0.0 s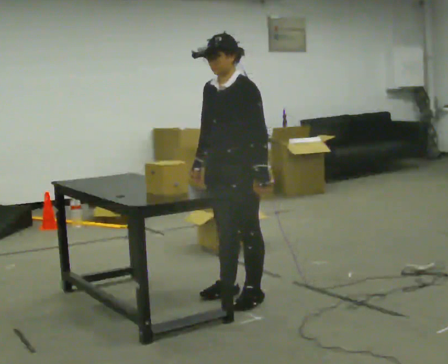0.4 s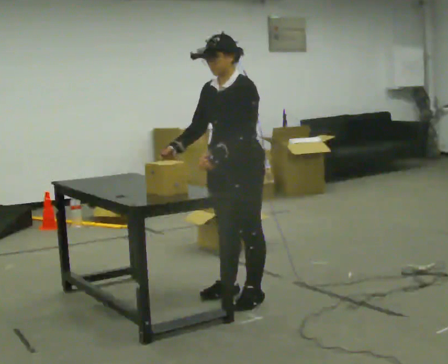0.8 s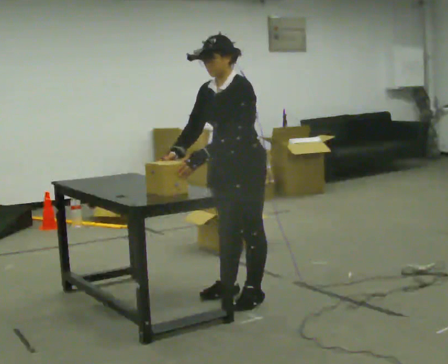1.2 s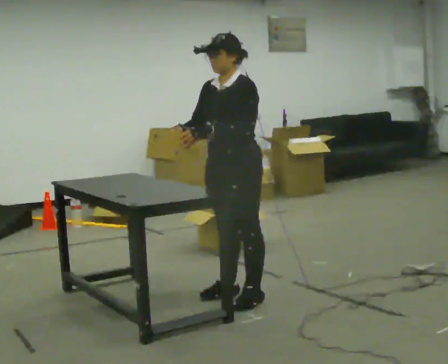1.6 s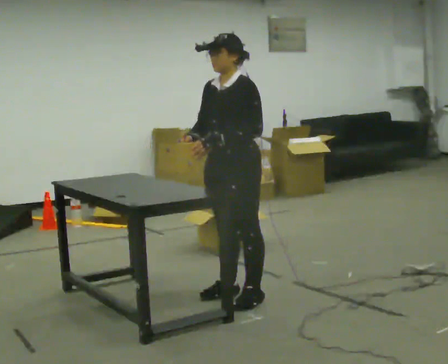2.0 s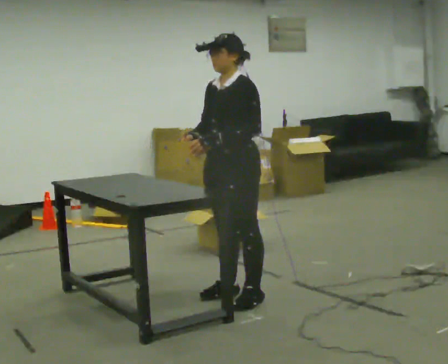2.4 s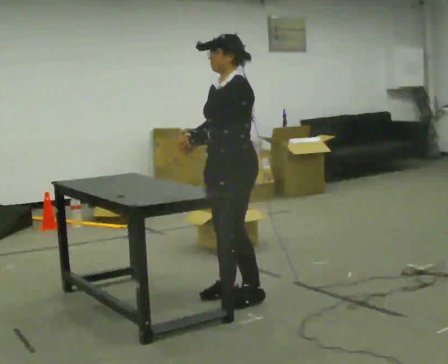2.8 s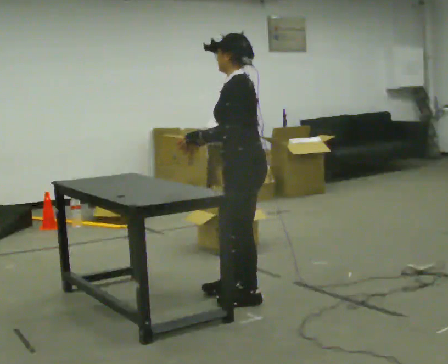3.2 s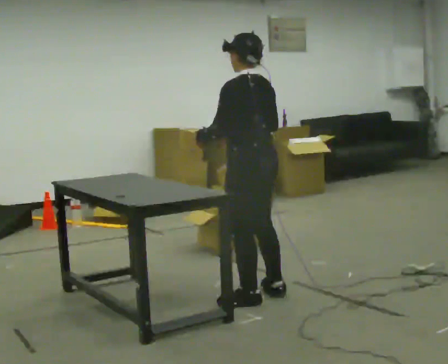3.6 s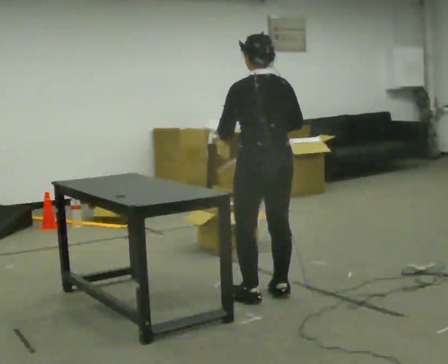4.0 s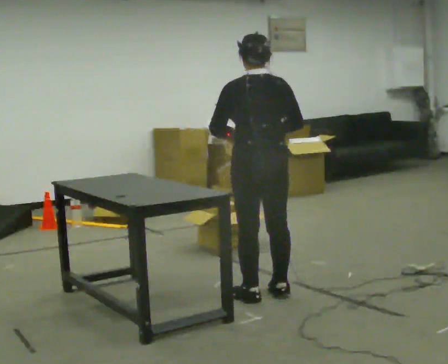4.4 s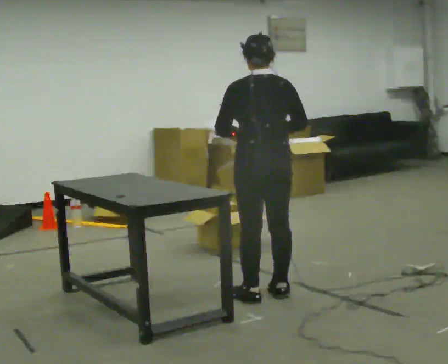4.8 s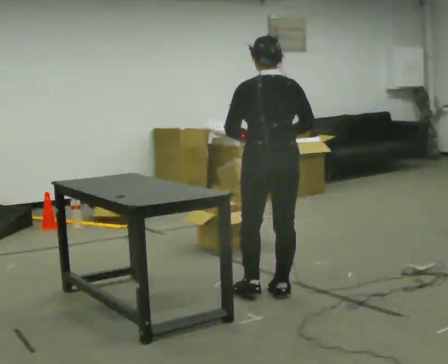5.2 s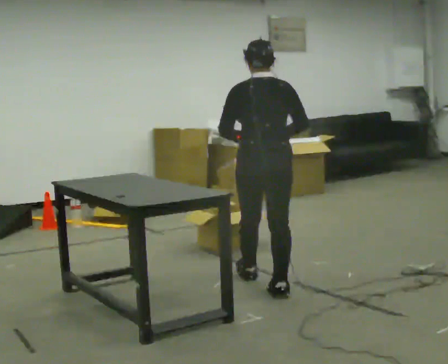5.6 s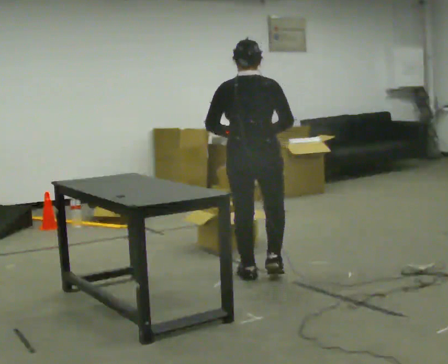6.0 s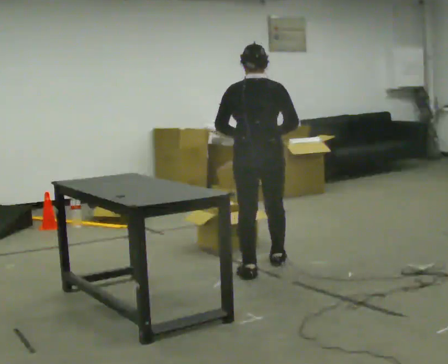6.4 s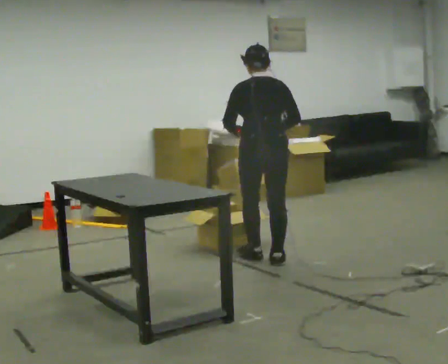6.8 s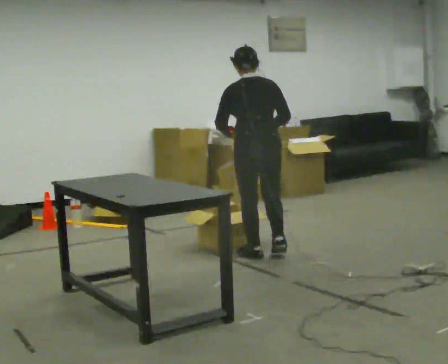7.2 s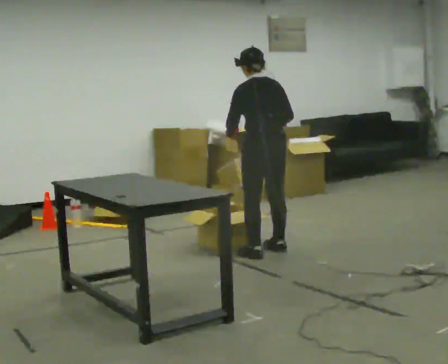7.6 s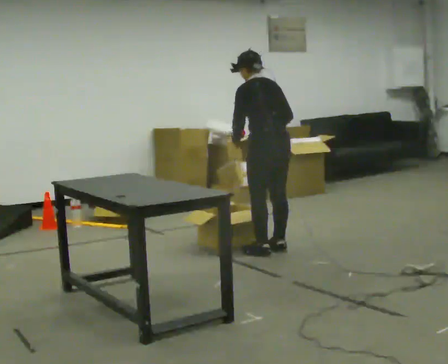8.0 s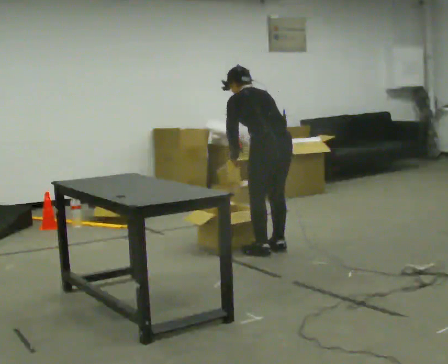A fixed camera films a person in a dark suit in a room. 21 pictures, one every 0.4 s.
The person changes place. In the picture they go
away from the camera.
0.0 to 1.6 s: The person moves a little, or ends about where they began.
1.6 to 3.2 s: The part of the body nearest the lens slides to the left as the person turns to their right by about 75 degrees.
3.2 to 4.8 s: The part of the body nearest the lens slides to the left as the person turns to their right by about 45 degrees. In the picture they go away from the camera, about 0.25 m in 1 step, which for them is to their right and forward. In the picture their right hand goes to the right.
4.8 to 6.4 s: In the picture they go away from the camera, about 0.5 m in 2 steps, which for them is forward.
6.4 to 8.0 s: The person turns about 30 degrees to their left, counterclockwise seen from above, so the part of the body nearest the lens slides to the right. In the picture they go away from the camera, about 0.25 m in 2 steps, which for them is forward and to their right. The upper body tips away from the camera, its near side rolling upward, as they bend forward.
The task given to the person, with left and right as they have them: Take an object out of the bin at knee height, carry it across the room, and place it on the chest-height shelf. Keep going until the operator says stop; one object at a time, and do not rush between trips.
The film runs forward here.
